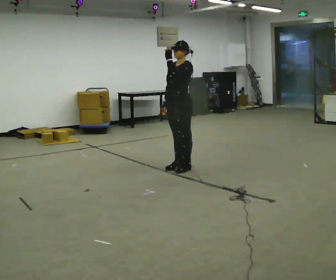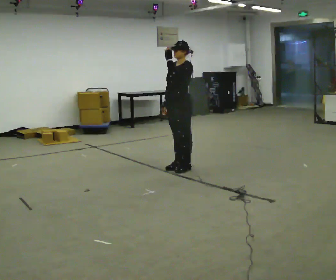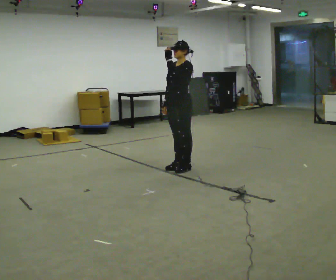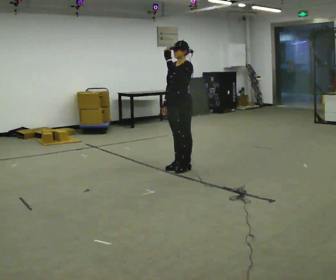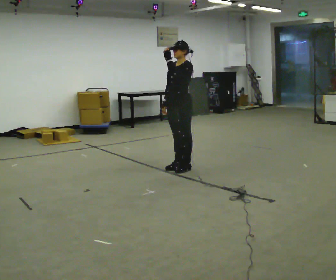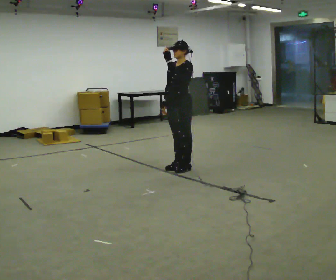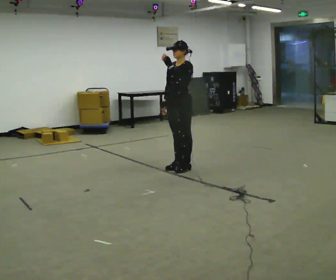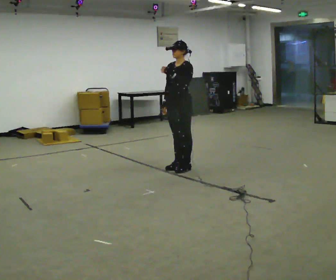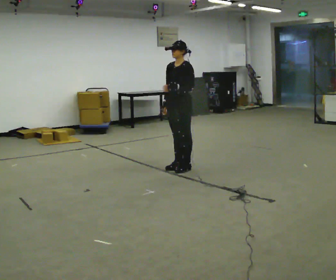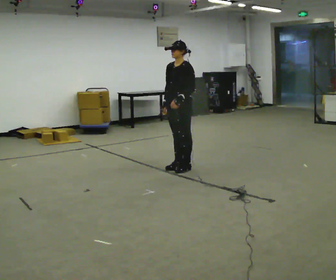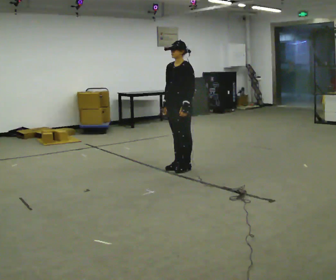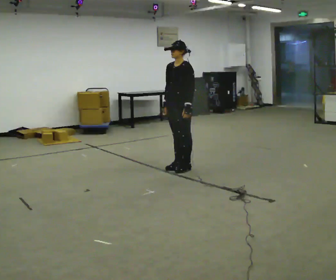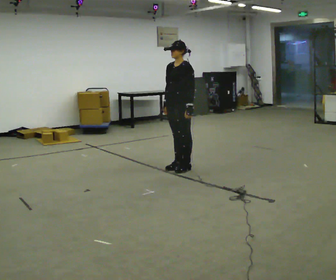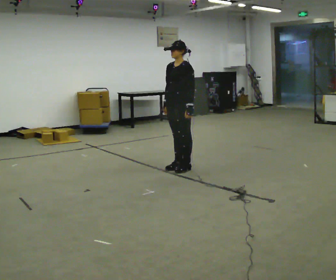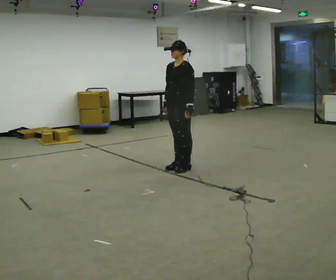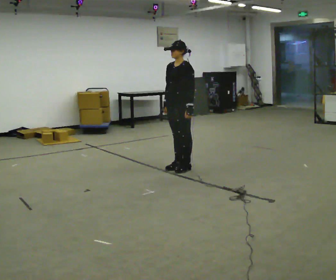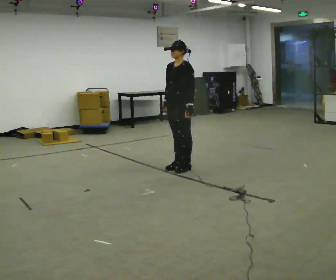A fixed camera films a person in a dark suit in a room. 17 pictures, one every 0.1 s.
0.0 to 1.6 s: In the picture their left hand goes downward.
The film runs backward here.
